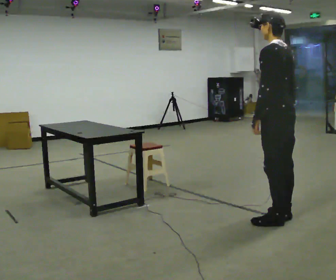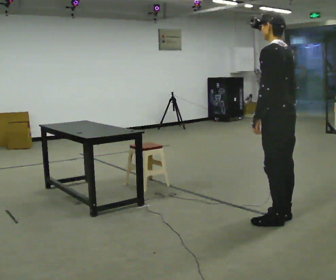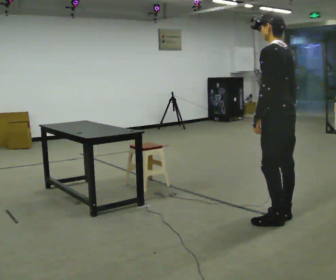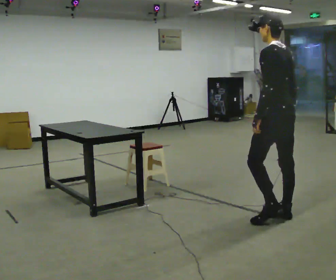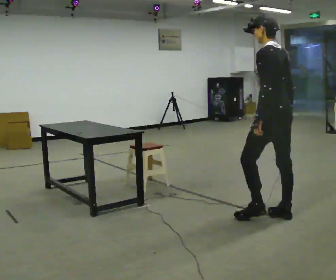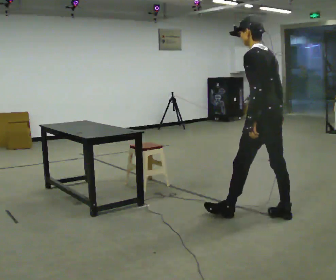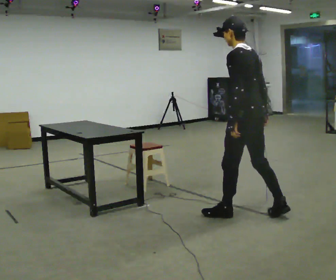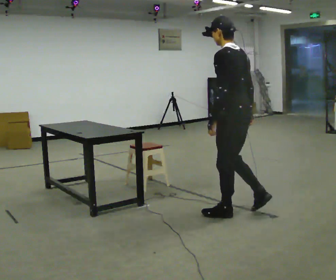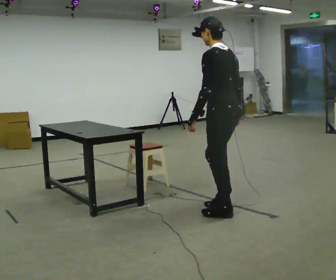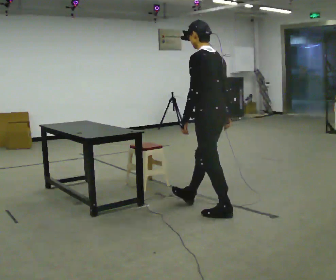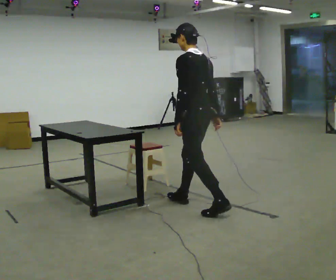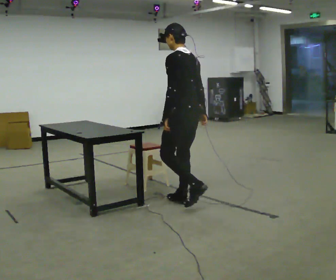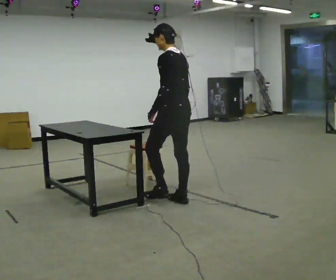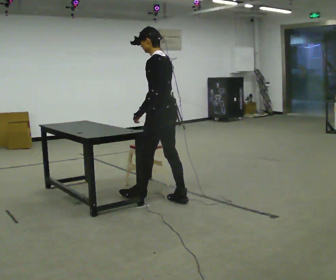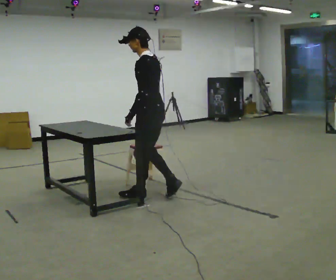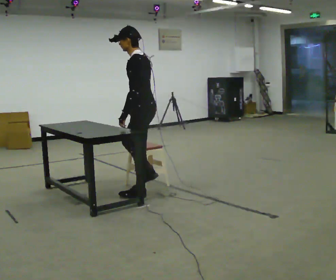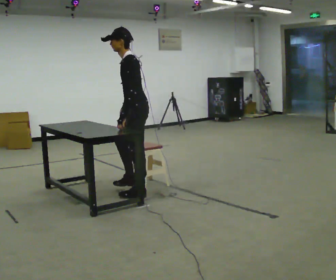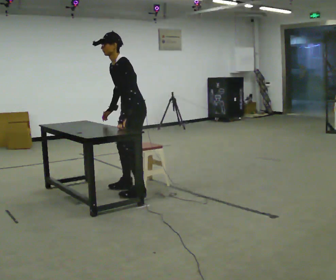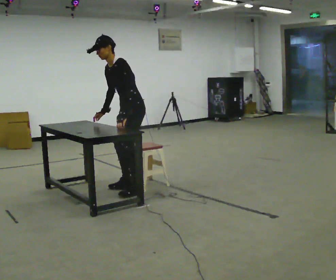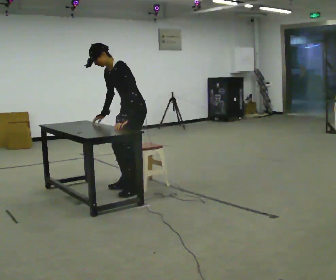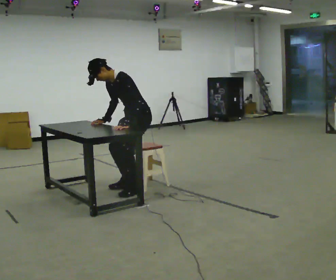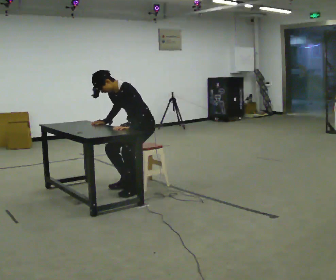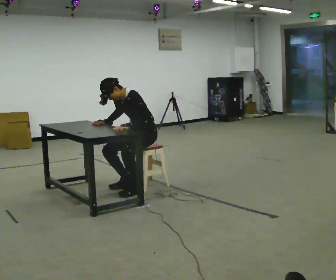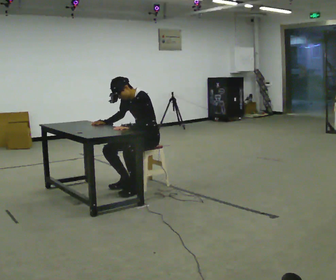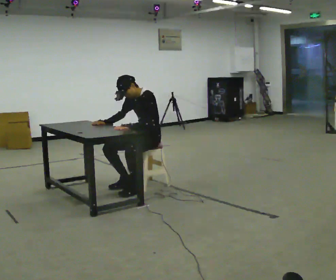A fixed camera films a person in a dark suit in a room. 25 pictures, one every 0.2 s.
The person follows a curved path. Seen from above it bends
clockwise.
The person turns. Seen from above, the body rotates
counterclockwise.
0.0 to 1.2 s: In the picture they go to the left, about 0.25 m in 1 step, which for them is forward.
1.2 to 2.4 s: In the picture they go to the left and away from the camera, about 1 m in 1 step, which for them is forward.
2.4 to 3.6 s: Seen from above the body turns counterclockwise, about 60 degrees: to their left, with its near side sliding to the right. In the picture they go away from the camera and to the left, about 0.75 m in 2 steps. In the picture the upper body tilts counterclockwise, shoulders to the left, as they bend forward.
3.6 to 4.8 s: In the picture they go away from the camera and to the right, about 0.25 m in 1 step, which for them is backward. The upper body goes downward.
The film runs forward here.
